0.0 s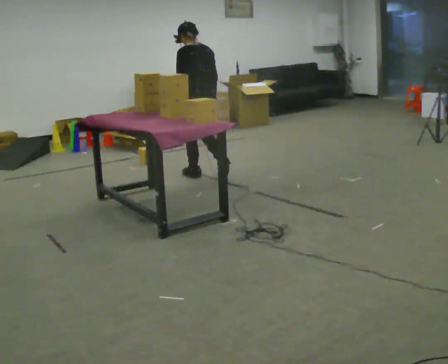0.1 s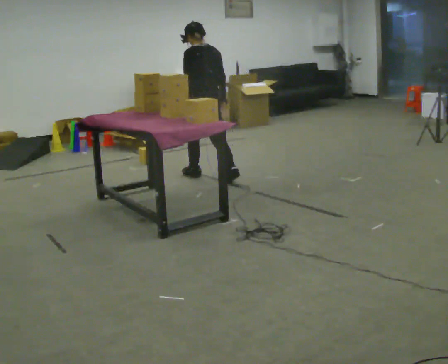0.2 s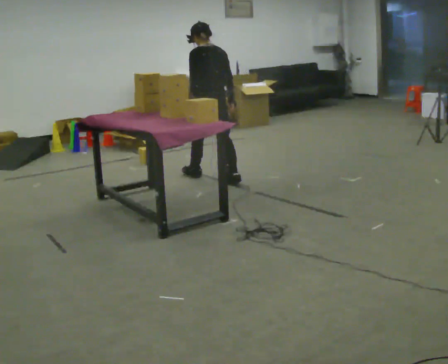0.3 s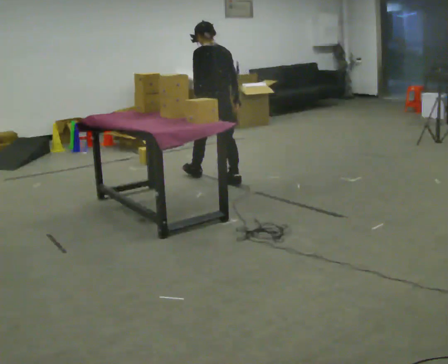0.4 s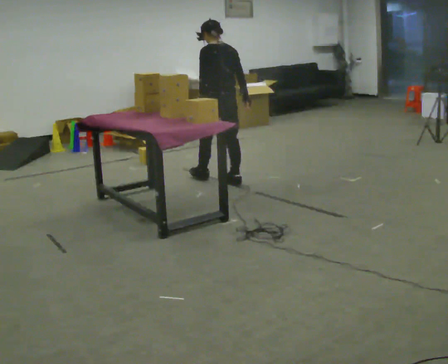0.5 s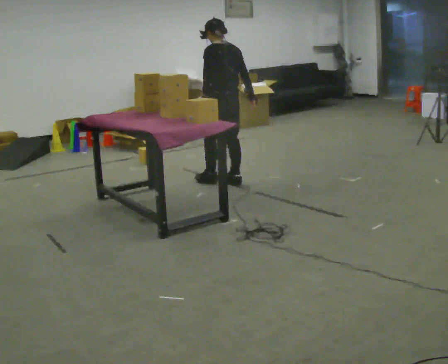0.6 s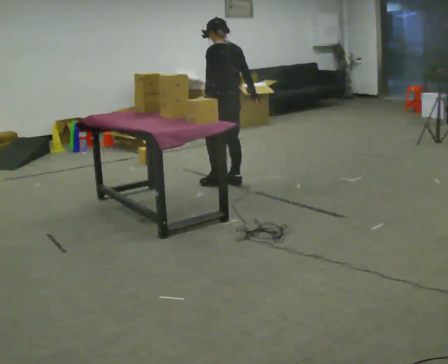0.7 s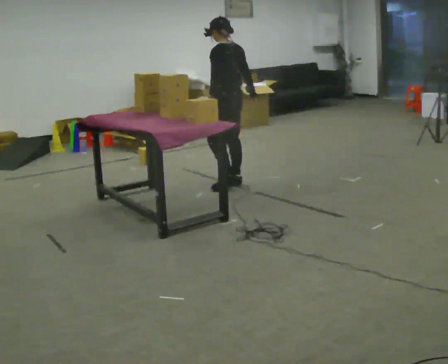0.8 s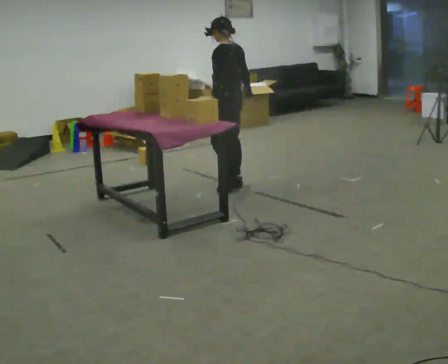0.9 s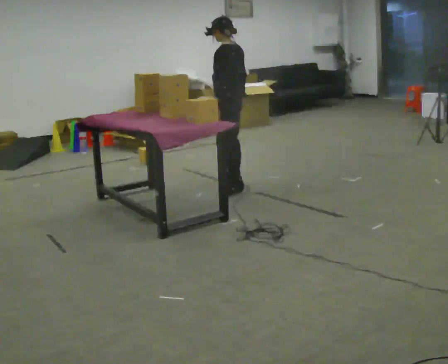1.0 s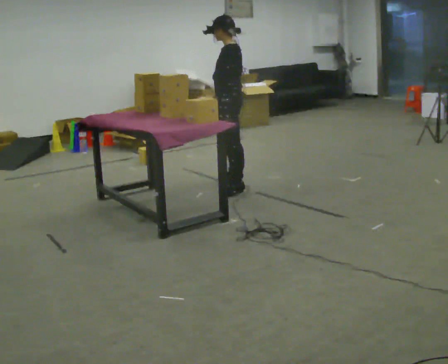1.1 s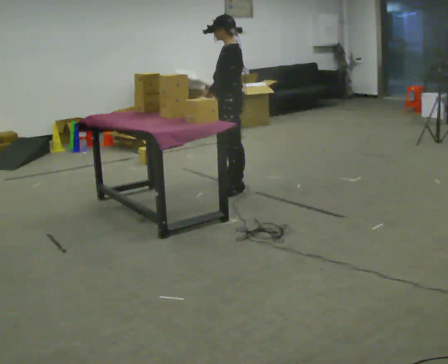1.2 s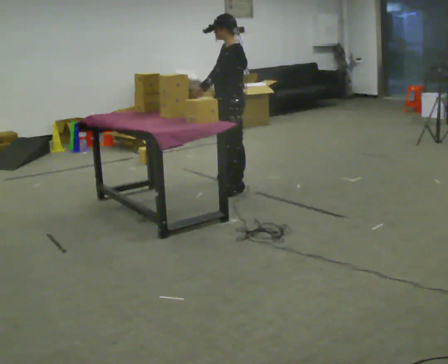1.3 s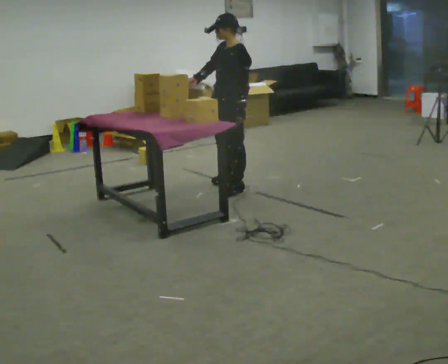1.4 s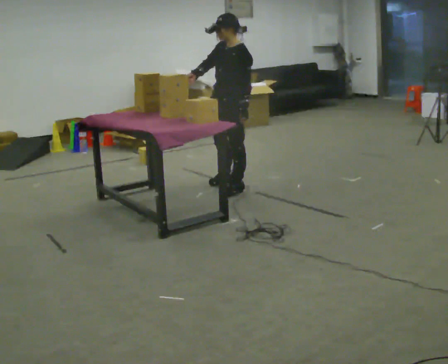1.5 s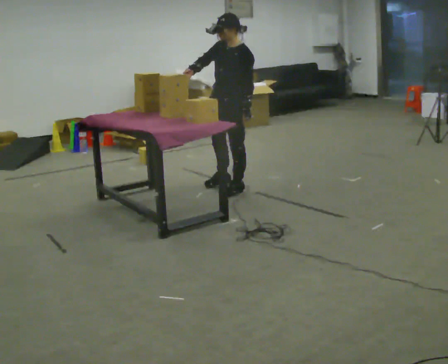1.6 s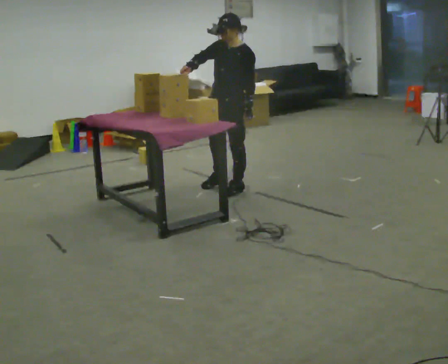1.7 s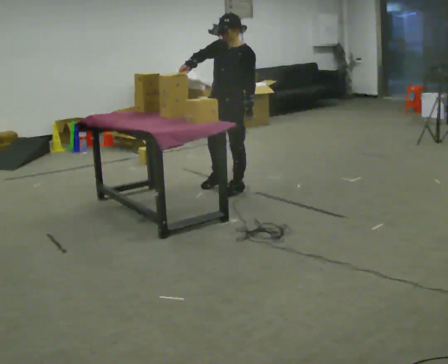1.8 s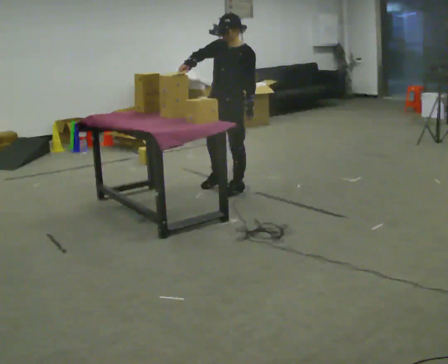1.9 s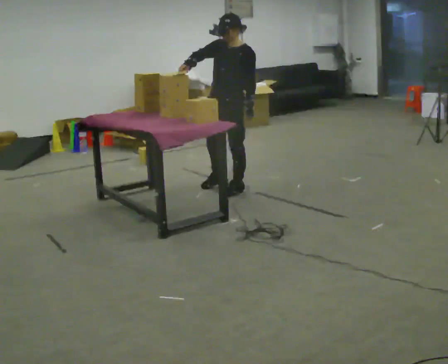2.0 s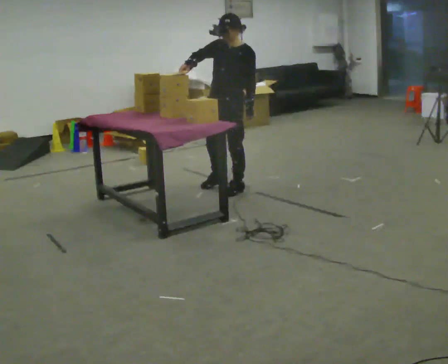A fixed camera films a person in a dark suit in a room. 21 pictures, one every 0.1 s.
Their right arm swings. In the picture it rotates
clockwise.
The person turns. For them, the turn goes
to their left.
0.0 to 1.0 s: Seen from above the body turns counterclockwise, about 45 degrees: to their left, with its near side sliding to the right. In the picture they go toward the camera and to the right, about 0.5 m in 1 step, which for them is backward.
1.0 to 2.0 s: The person turns about 60 degrees to their left, counterclockwise seen from above, so the part of the body nearest the lens slides to the right. In the picture their right hand goes to the left, the arm swinging clockwise.
The film runs backward here.
